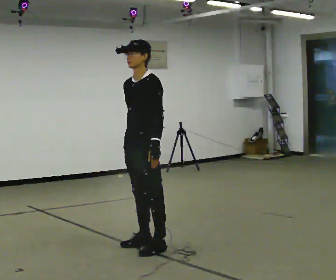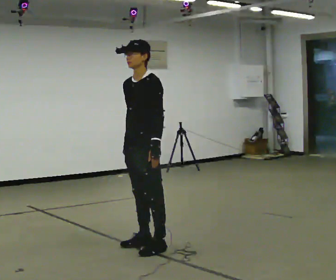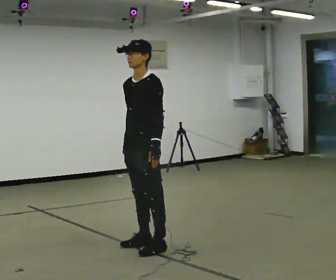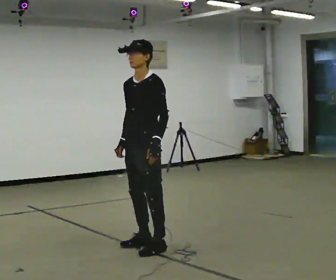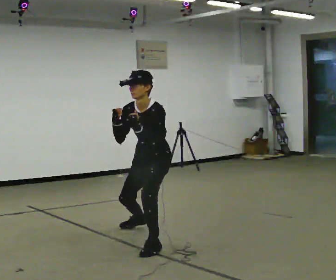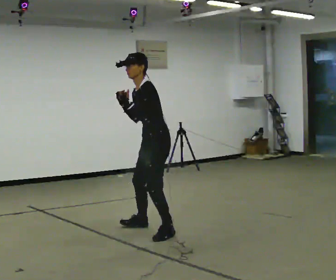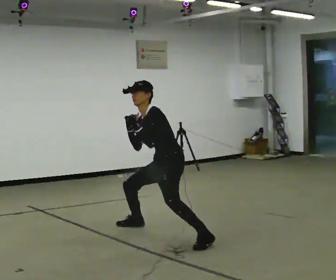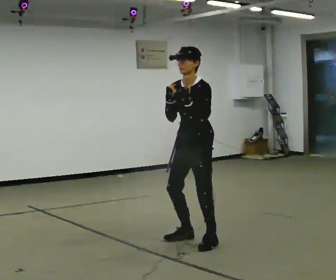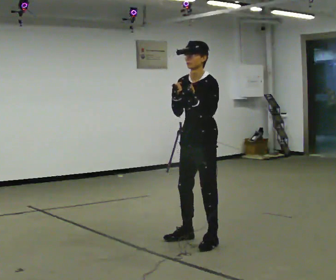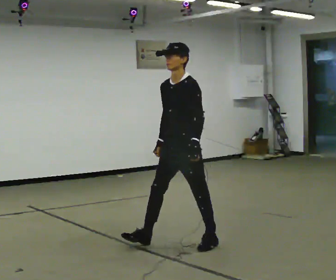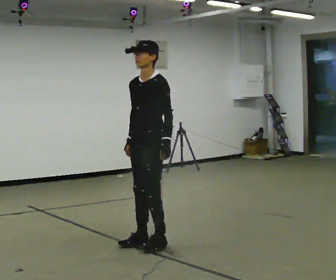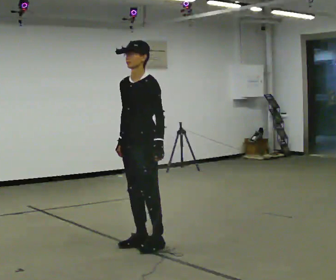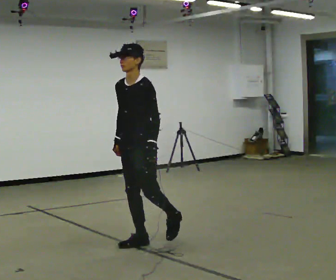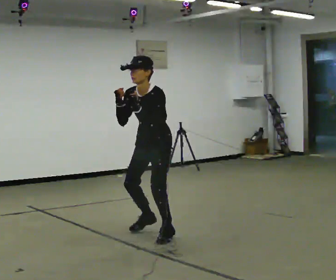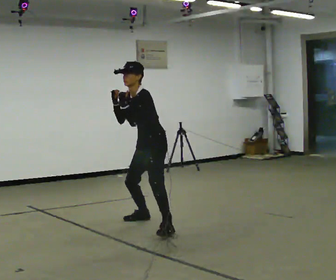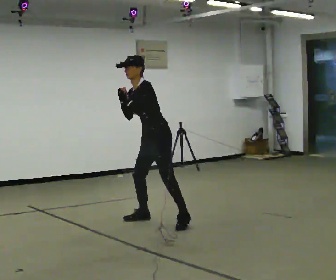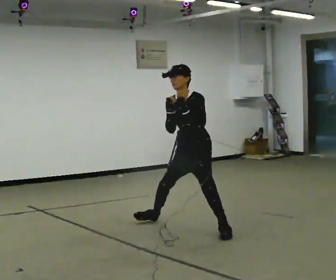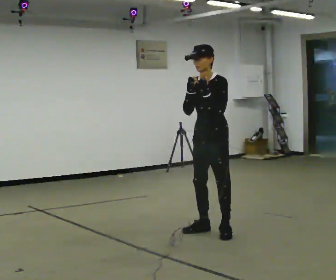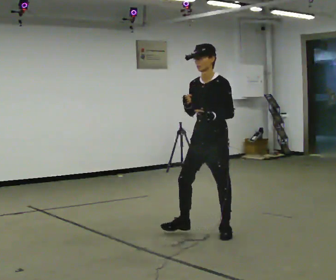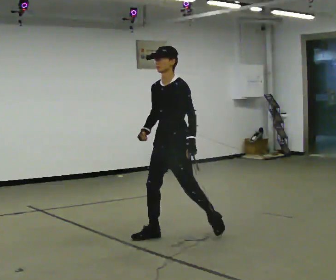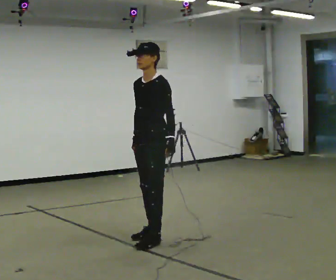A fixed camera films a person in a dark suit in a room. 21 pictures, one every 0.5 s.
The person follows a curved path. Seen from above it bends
clockwise.
0.0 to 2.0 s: In the picture they go away from the camera, about 0.25 m, which for them is backward and to their right. The shoulders move downward. The upper body tips toward the camera, its near side rolling downward, as they bend forward.
2.0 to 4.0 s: In the picture they go to the right, about 0.5 m in 4 steps, which for them is to their left and backward.
4.0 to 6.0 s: In the picture they go to the left, about 0.5 m in 2 steps, which for them is to their right and forward. In the picture their right hand goes downward.
6.0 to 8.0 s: In the picture they go away from the camera and to the right, about 0.5 m in 3 steps, which for them is backward. In the picture their right hand goes upward.
8.0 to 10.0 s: In the picture they go toward the camera and to the left, about 0.5 m in 3 steps, which for them is forward. The upper body goes upward. In the picture the upper body tilts clockwise, shoulders to the right, as they lean back or straighten. In the picture their right hand goes downward.
The film runs forward here.
